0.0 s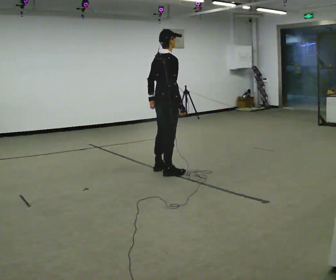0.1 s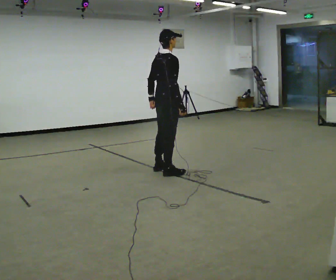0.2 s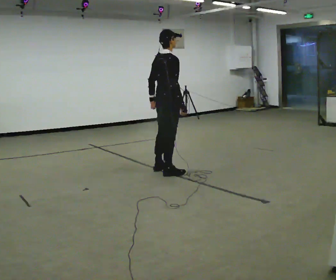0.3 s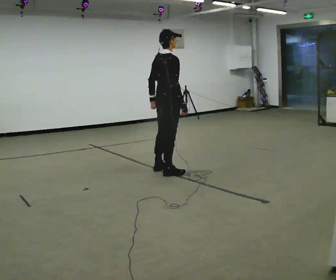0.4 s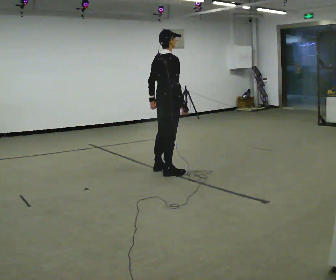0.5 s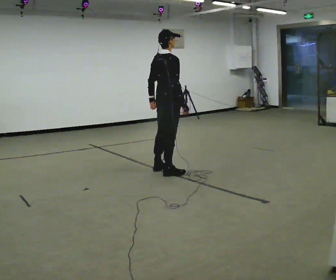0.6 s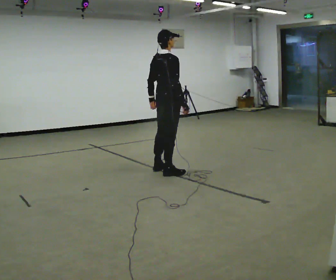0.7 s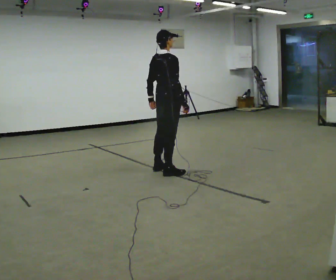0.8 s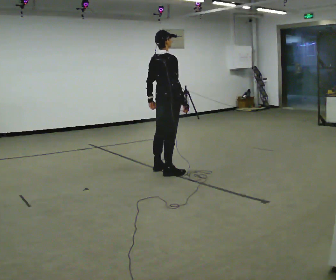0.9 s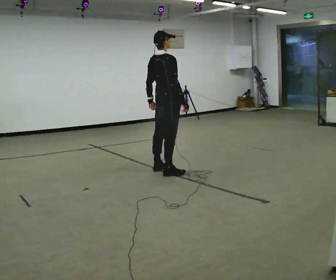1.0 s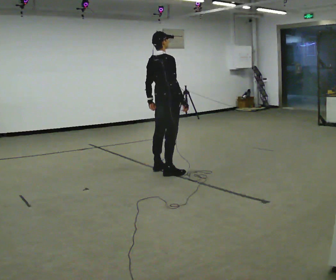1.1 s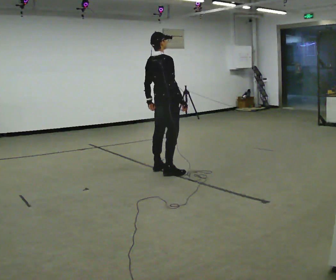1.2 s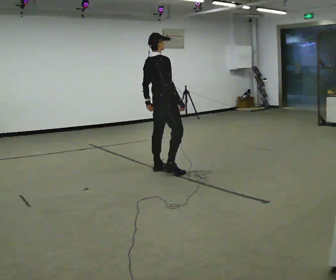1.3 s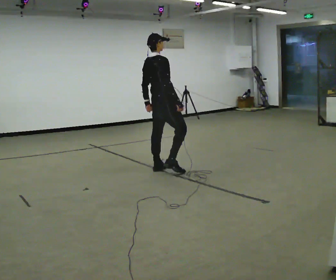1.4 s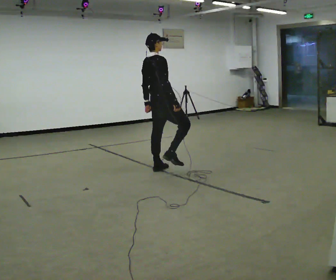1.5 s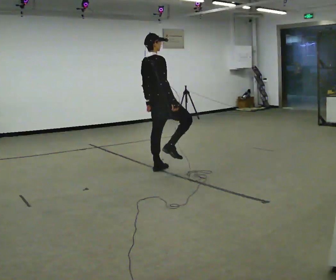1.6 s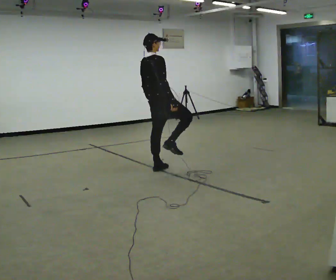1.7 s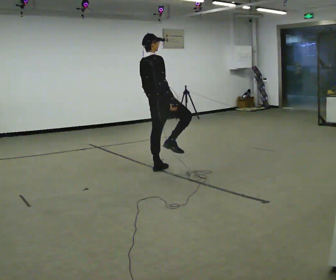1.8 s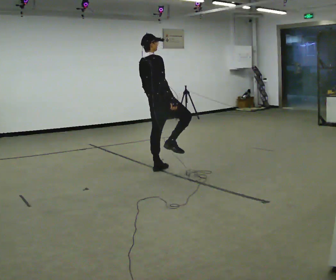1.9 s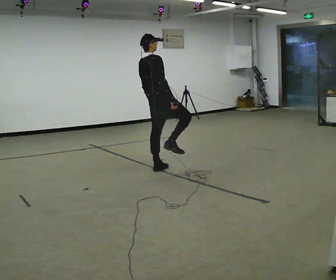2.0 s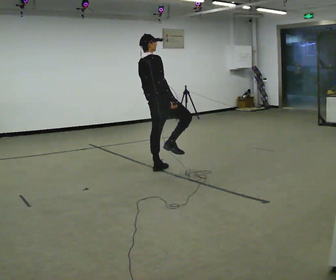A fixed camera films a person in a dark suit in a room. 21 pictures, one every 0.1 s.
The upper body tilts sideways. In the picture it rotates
counterclockwise.
0.0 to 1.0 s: In the picture they go away from the camera, about 0.25 m, which for them is to their left and forward.
1.0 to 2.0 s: The person moves a little, or ends about where they began.
The film runs forward here.
